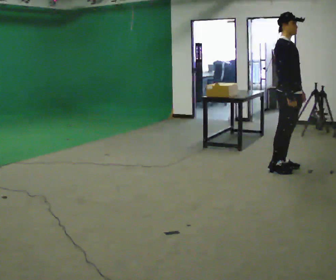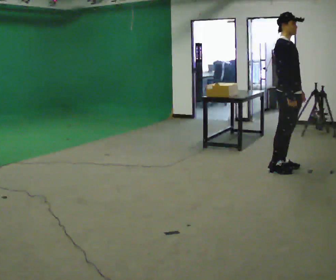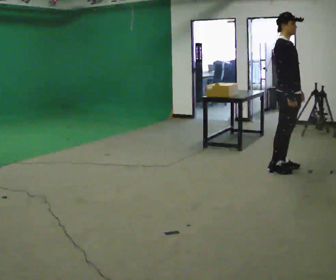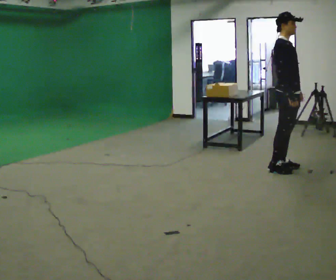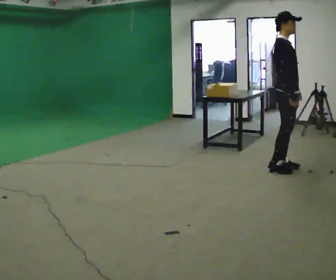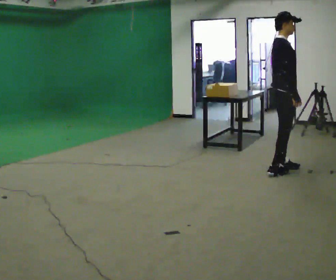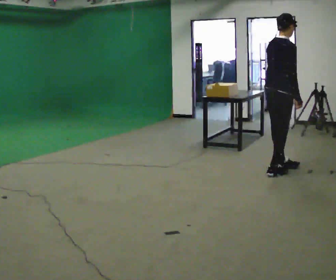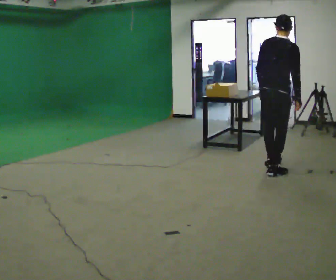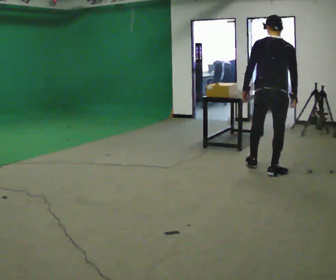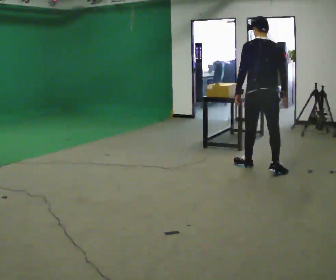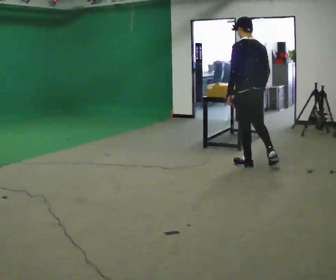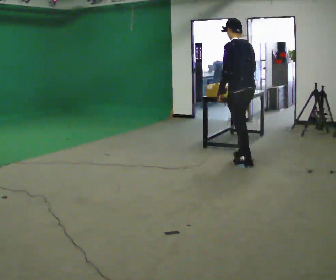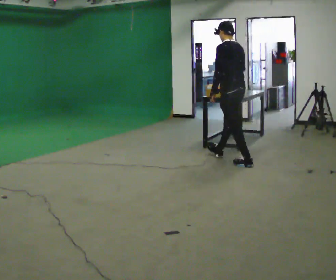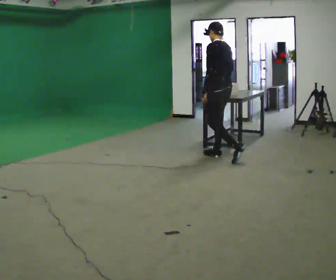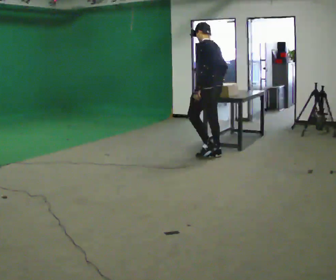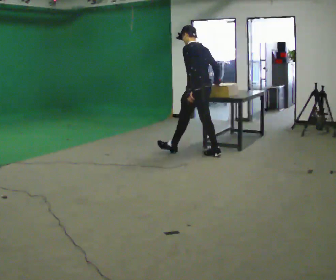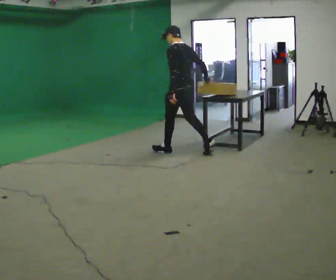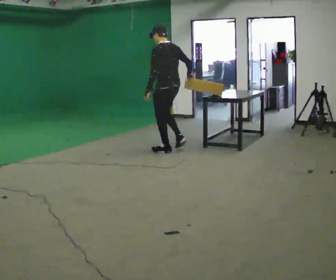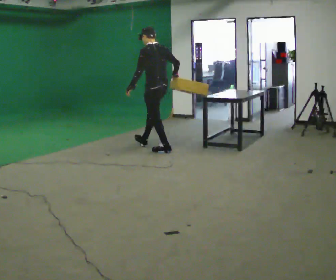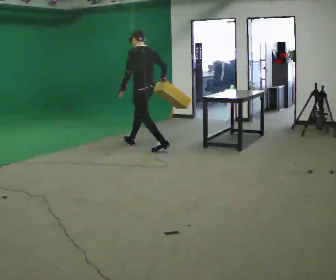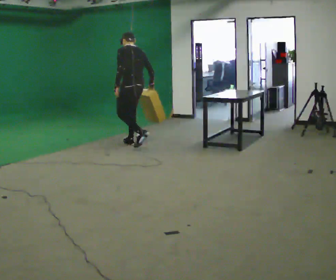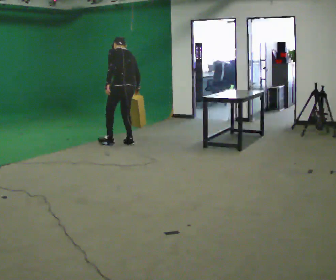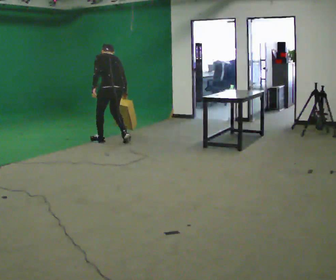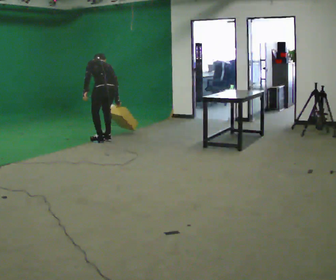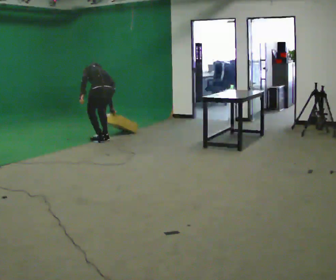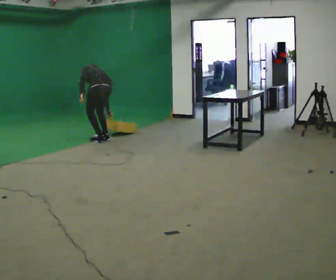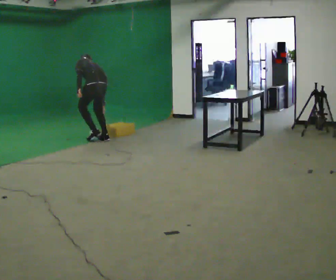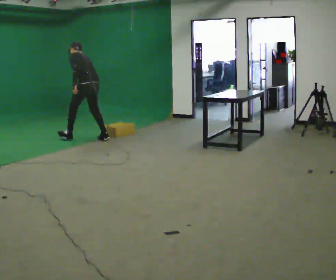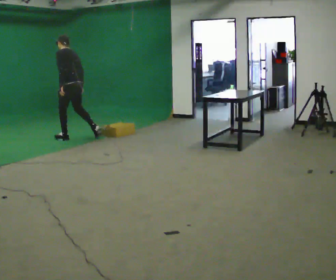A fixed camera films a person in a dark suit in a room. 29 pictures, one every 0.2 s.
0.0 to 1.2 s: Seen from above the body turns counterclockwise, about 60 degrees: to their left, with its near side sliding to the right.
1.2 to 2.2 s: The person turns about 105 degrees to their left, counterclockwise seen from above, so the part of the body nearest the lens slides to the right. In the picture they go to the left and away from the camera, about 0.5 m in 1 step. In the picture the upper body tilts counterclockwise, shoulders to the left.
2.2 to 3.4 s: In the picture they go to the left and away from the camera, about 1 m in 2 steps, which for them is forward.
3.4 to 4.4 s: In the picture they go to the left, about 1 m in 2 steps, which for them is forward. The upper body goes downward. The upper body tips away from the camera, its near side rolling upward, as they bend forward.
4.4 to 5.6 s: The person turns about 30 degrees to their left, counterclockwise seen from above, so the part of the body nearest the lens slides to the right. In the picture they go to the left, about 1 m in 2 steps, which for them is forward and to their left.
The film runs forward here.
